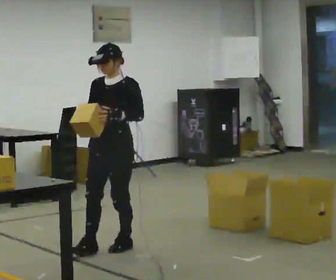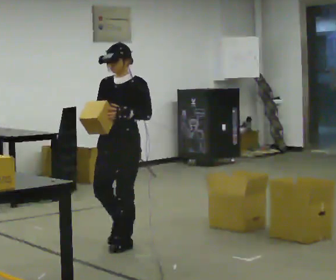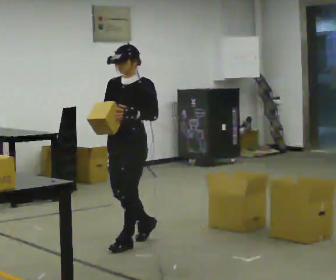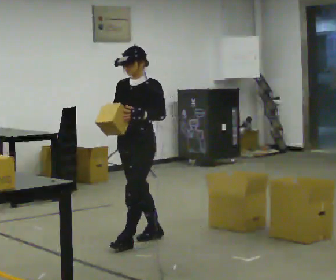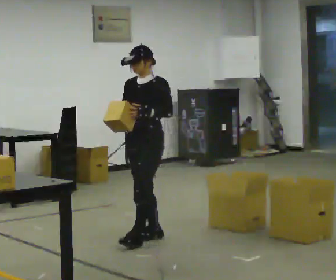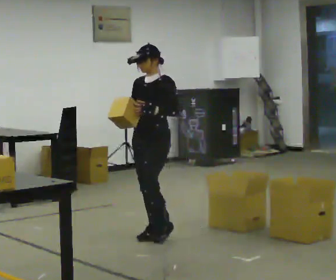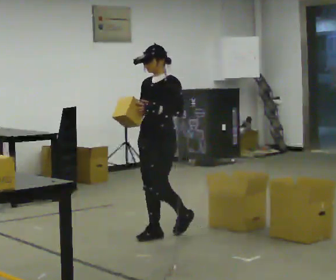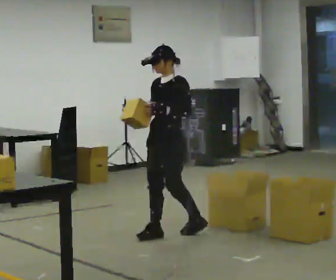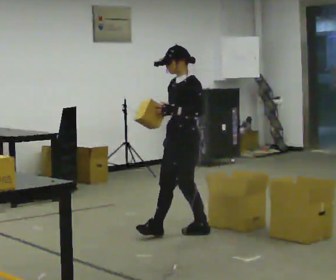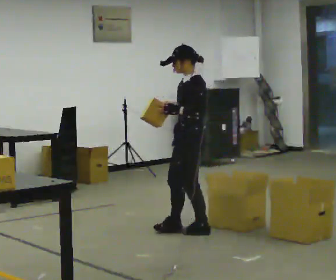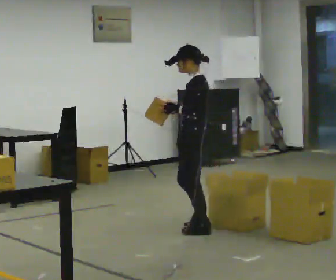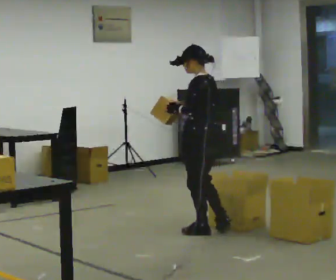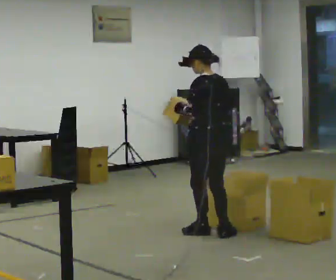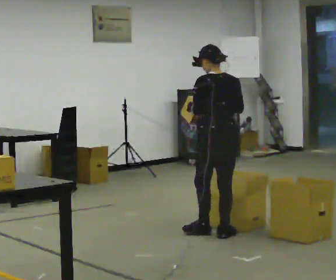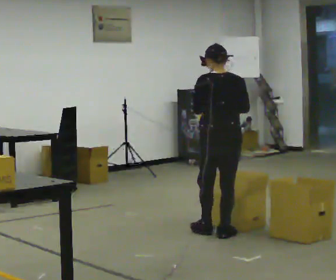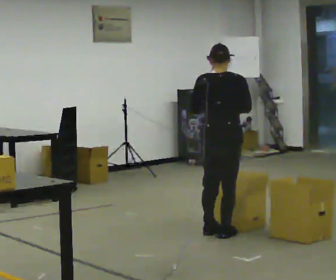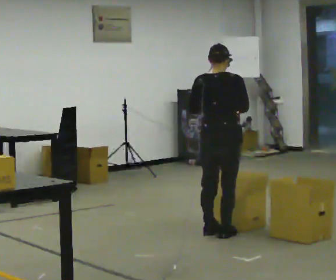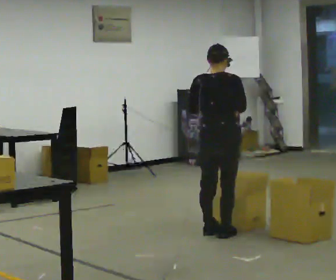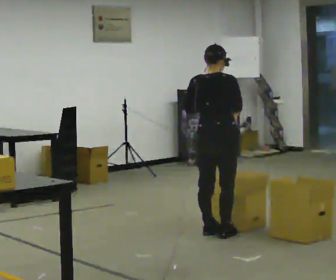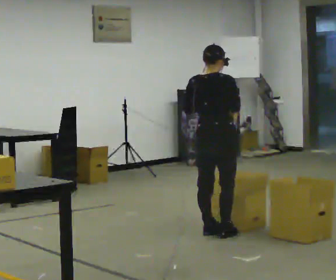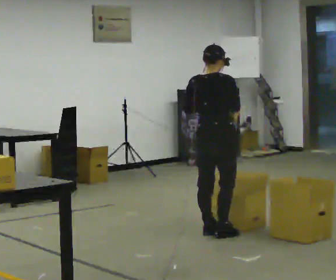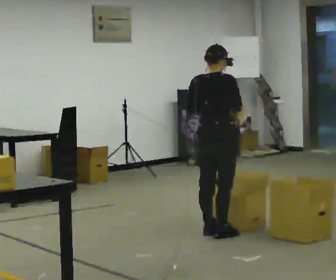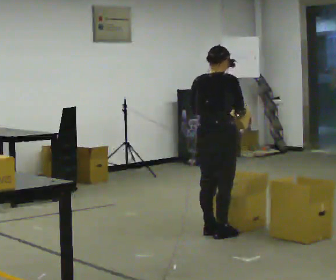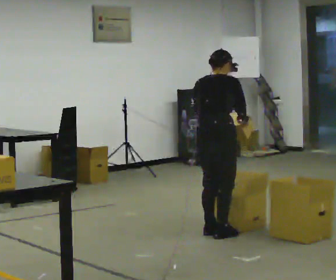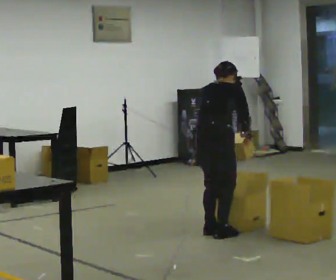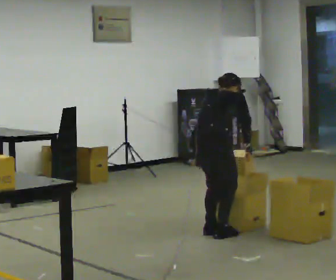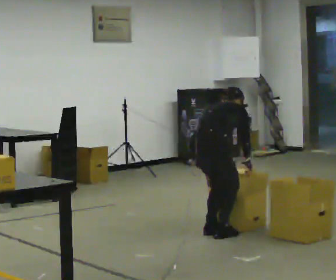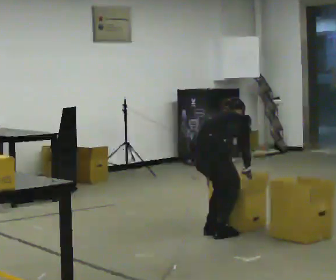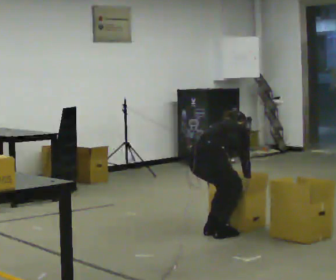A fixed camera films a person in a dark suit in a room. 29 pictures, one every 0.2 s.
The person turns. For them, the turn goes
to their right.
The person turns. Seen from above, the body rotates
clockwise.
0.0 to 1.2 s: In the picture they go away from the camera and to the right, about 0.5 m in 1 step, which for them is backward.
1.2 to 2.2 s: Seen from above the body turns clockwise, about 75 degrees: to their right, with its near side sliding to the left. In the picture they go to the right, about 0.25 m in 1 step.
2.2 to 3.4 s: The person turns about 90 degrees to their right, clockwise seen from above, so the part of the body nearest the lens slides to the left. In the picture their right hand goes to the right.
3.4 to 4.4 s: The person moves a little, or ends about where they began.
4.4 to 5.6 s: The shoulders move downward. The upper body tips away from the camera, its near side rolling upward, as they bend forward. In the picture their right hand goes downward.
The film runs backward here.
